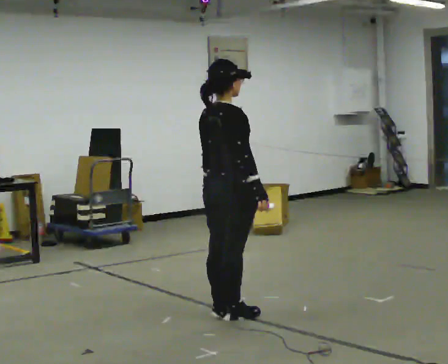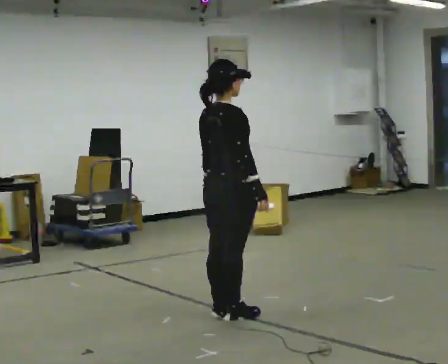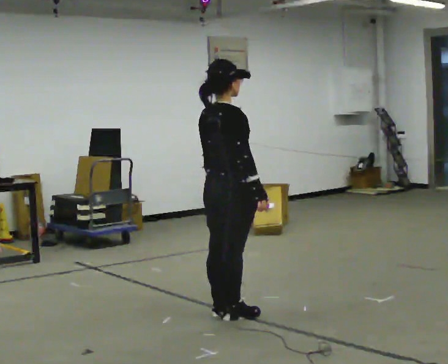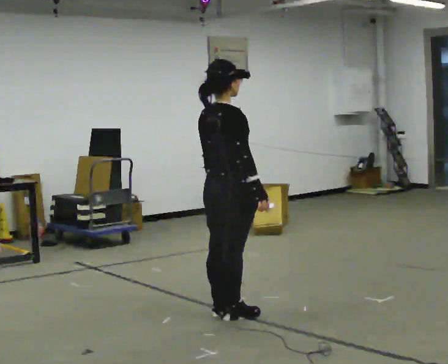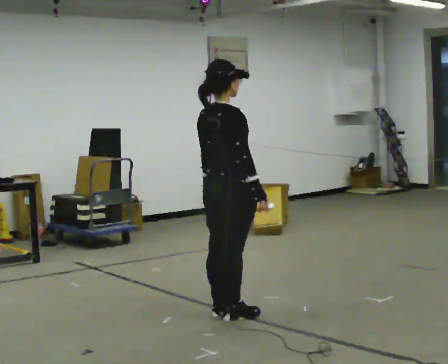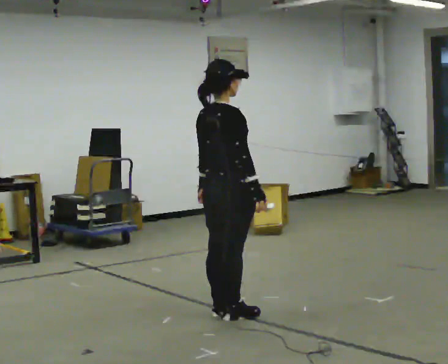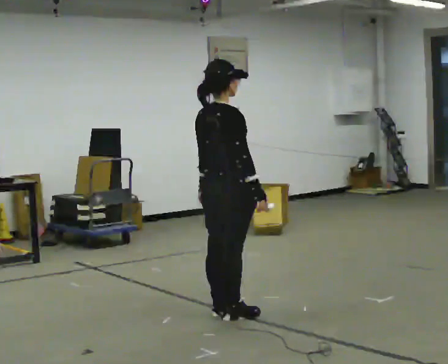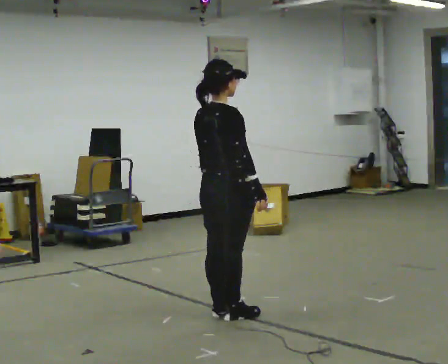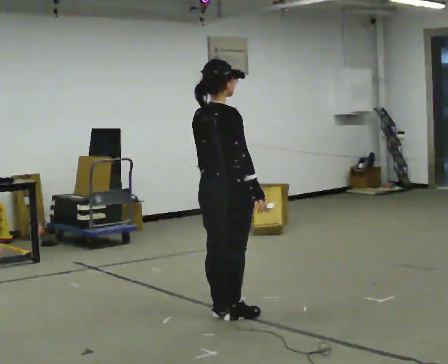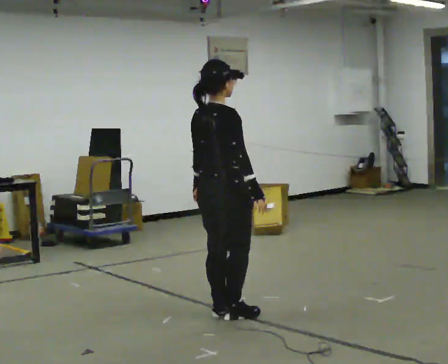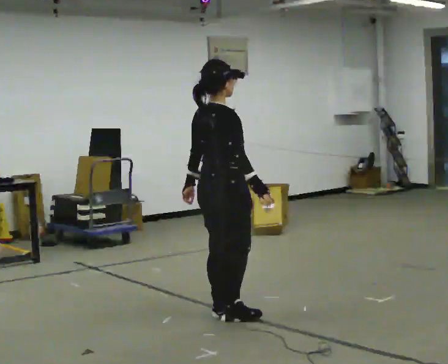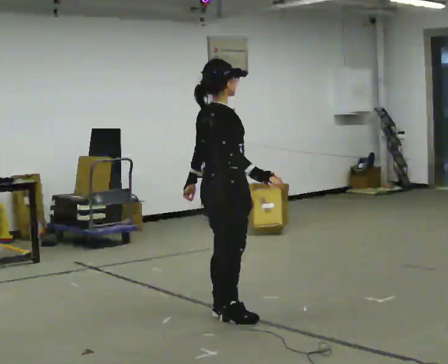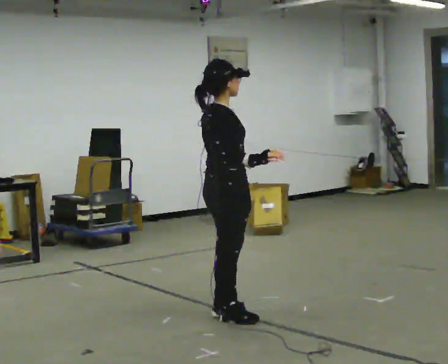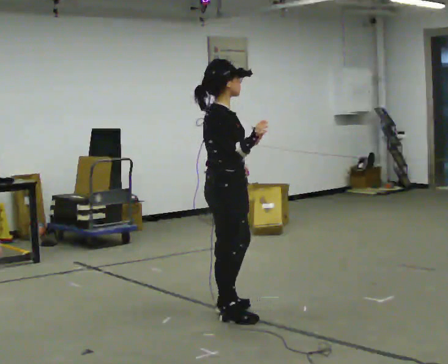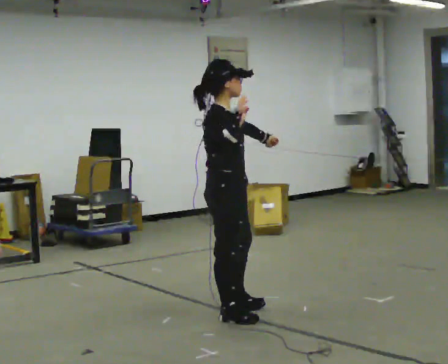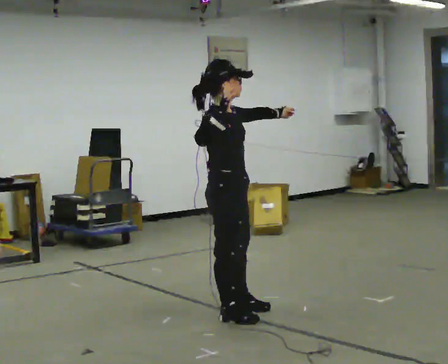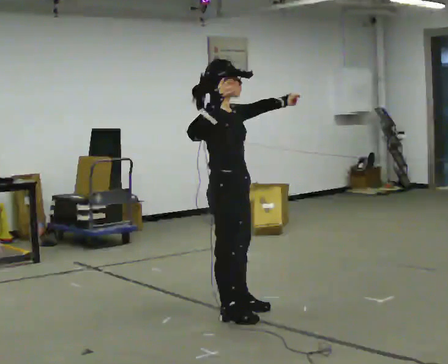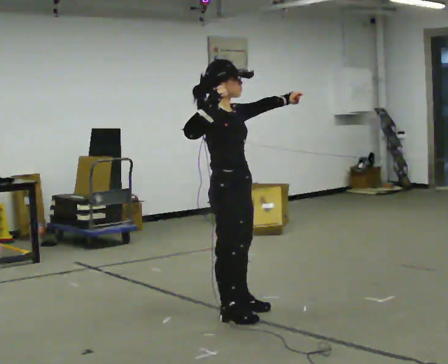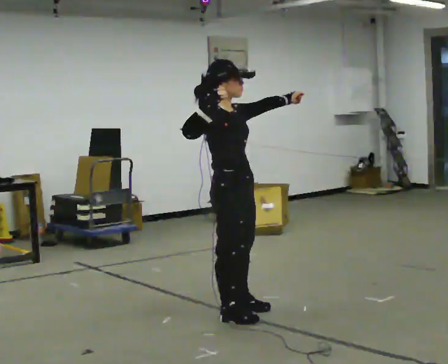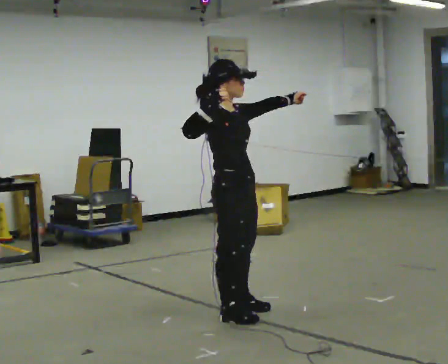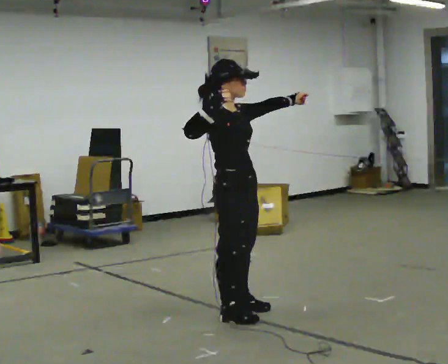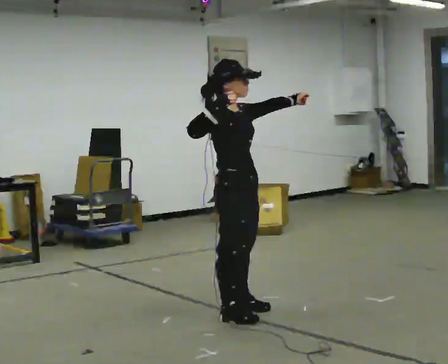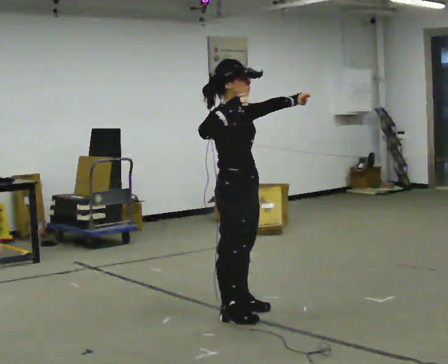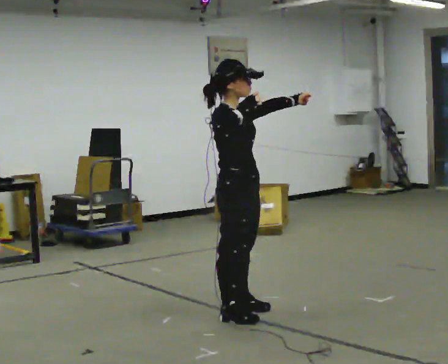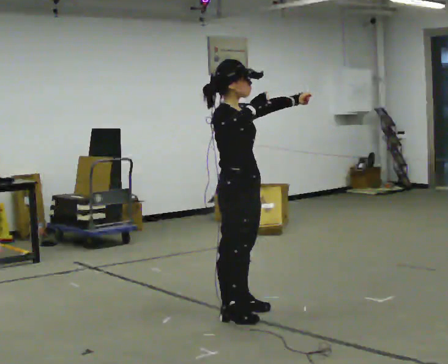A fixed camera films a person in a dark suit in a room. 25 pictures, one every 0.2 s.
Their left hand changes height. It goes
upward.
Their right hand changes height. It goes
upward.
0.0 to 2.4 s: The person moves a little, or ends about where they began.
2.4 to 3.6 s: Seen from above the body turns clockwise, about 30 degrees: to their right, with its near side sliding to the left. In the picture their left hand goes to the right and upward, the arm swinging counterclockwise.
3.6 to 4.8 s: The person moves a little, or ends about where they began.
The film runs backward here.
